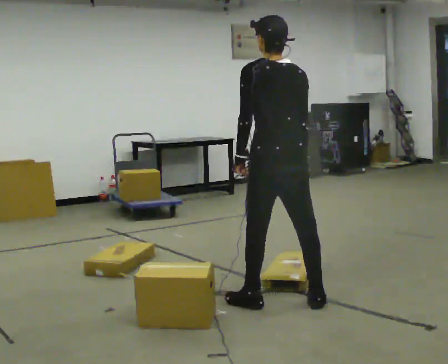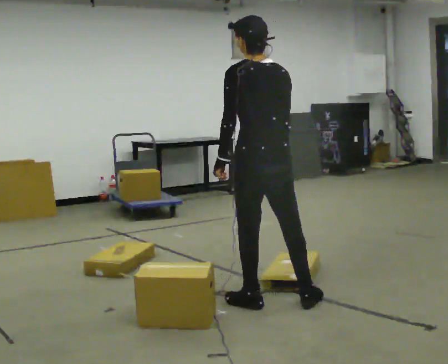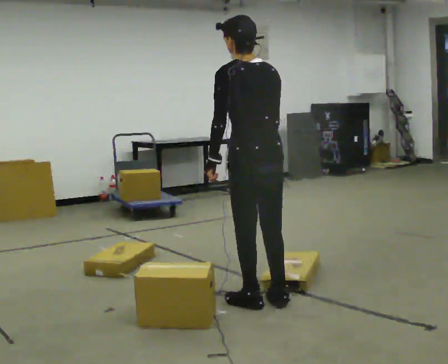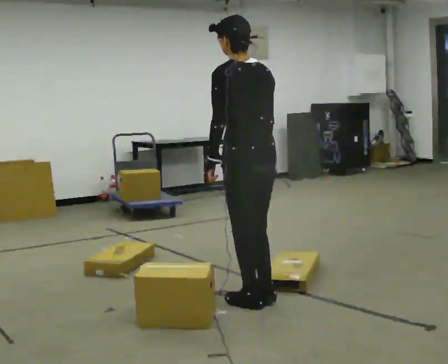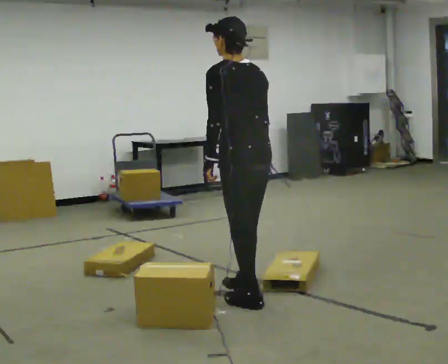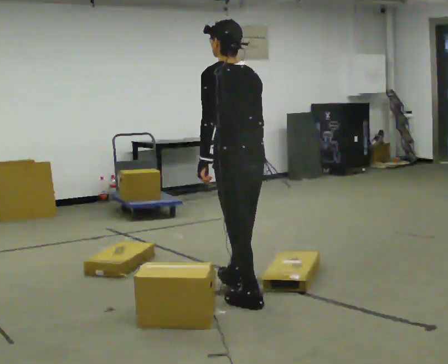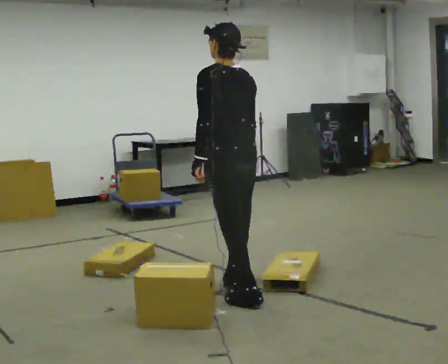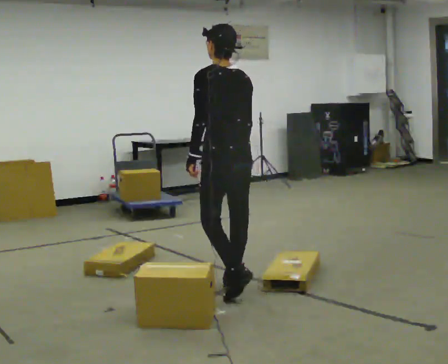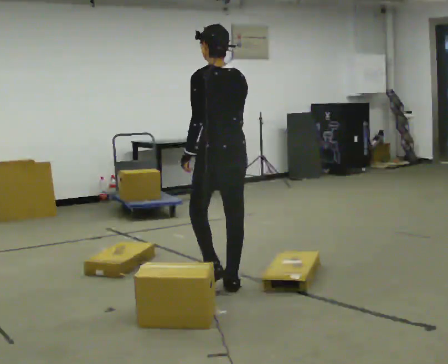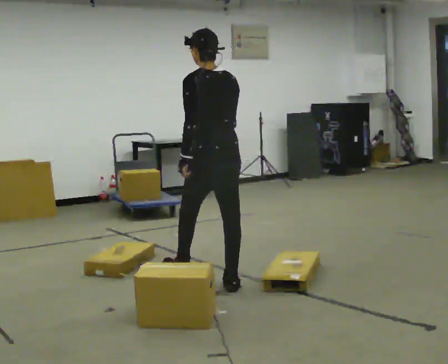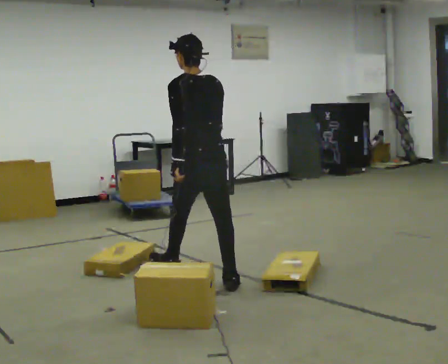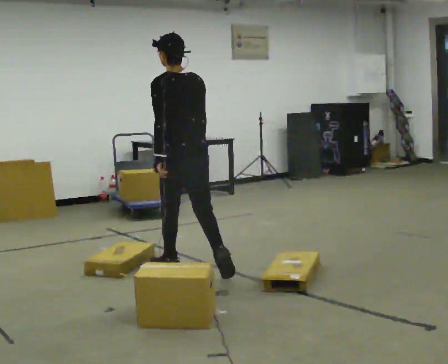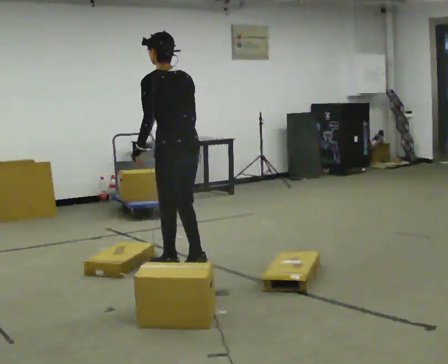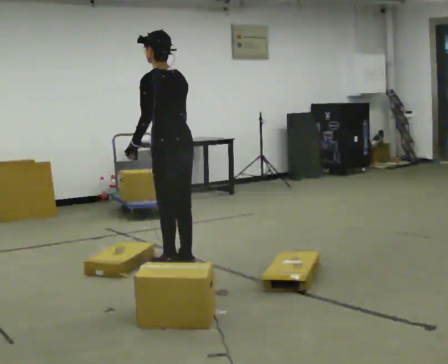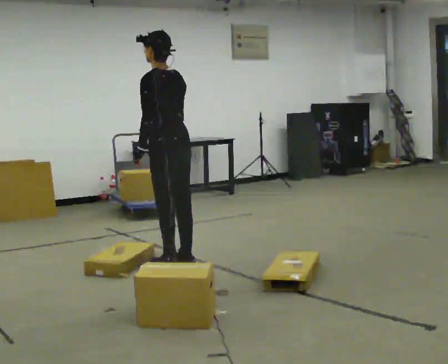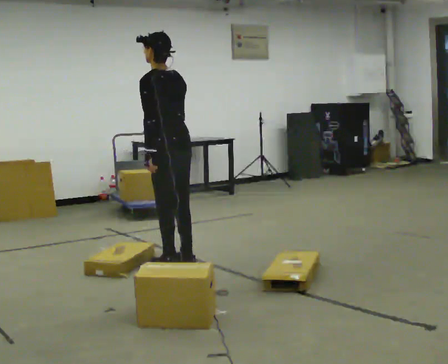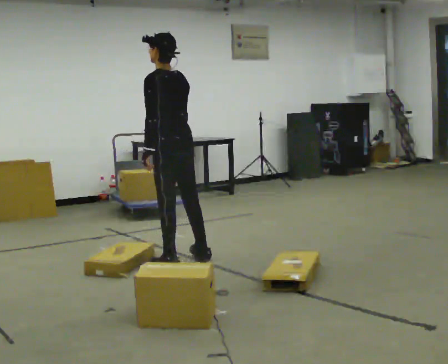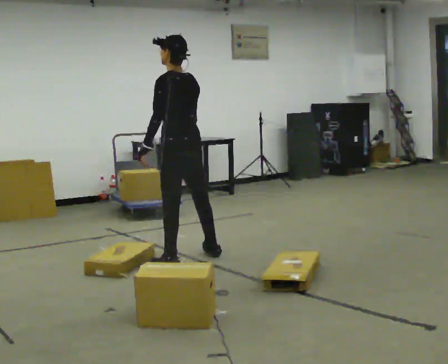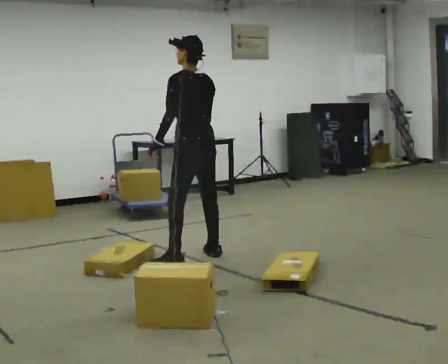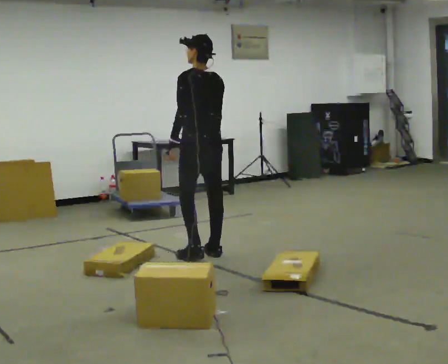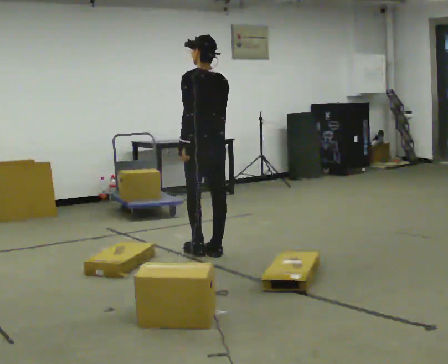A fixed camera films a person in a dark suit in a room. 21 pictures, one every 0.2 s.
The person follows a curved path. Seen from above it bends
clockwise.
The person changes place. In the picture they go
away from the camera.
0.0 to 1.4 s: In the picture they go away from the camera and to the left, about 0.5 m in 1 step, which for them is forward.
1.4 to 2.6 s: In the picture they go away from the camera and to the left, about 0.75 m in 2 steps, which for them is forward.
2.6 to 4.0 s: In the picture they go away from the camera and to the right, about 0.5 m in 1 step, which for them is to their right.
The film runs forward here.
